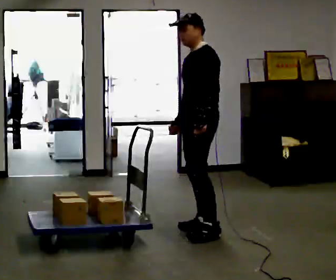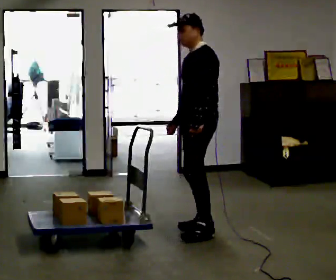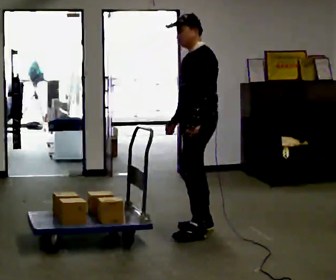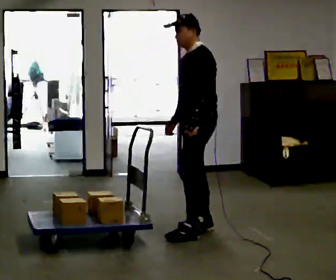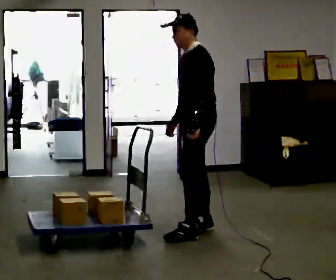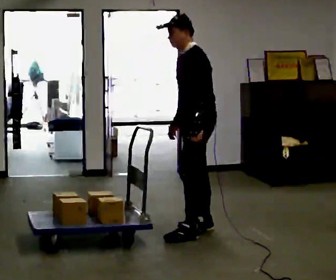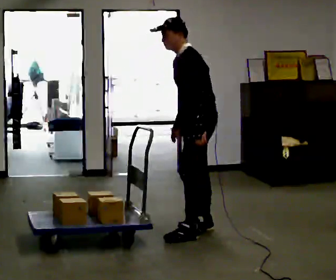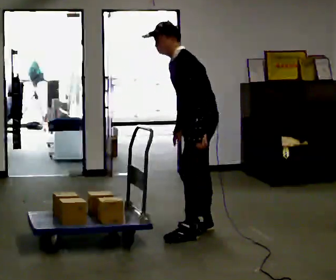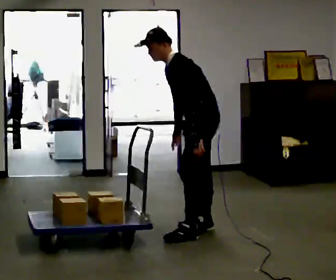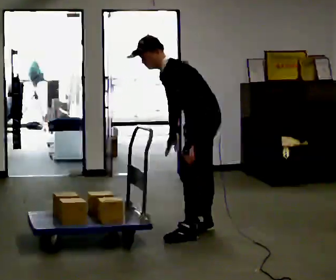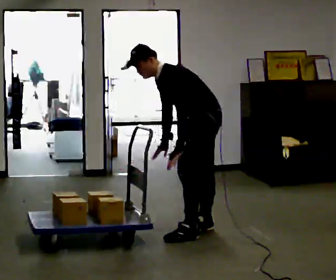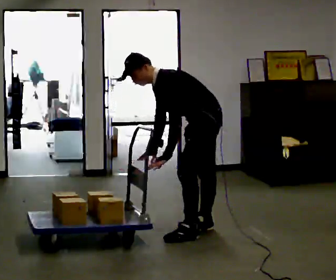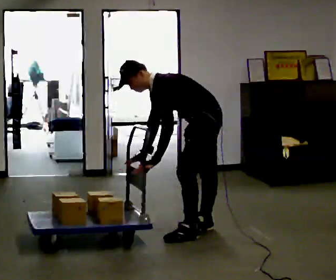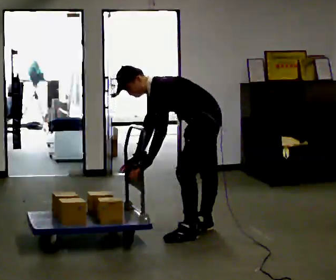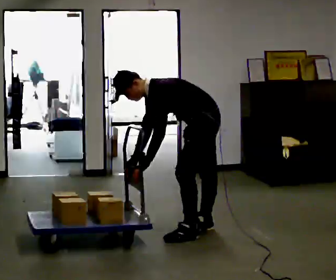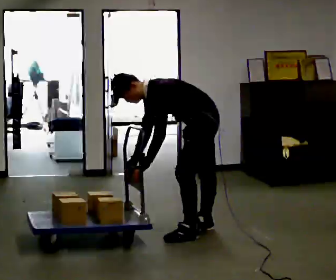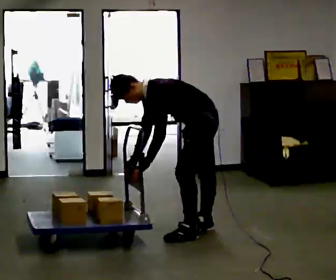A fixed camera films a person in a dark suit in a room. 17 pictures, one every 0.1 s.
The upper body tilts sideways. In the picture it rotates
counterclockwise.
The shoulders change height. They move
downward.
0.0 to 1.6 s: The upper body goes downward. In the picture the upper body tilts counterclockwise, shoulders to the left, as they bend forward. In the picture their left hand goes to the left and downward.
The film runs backward here.
